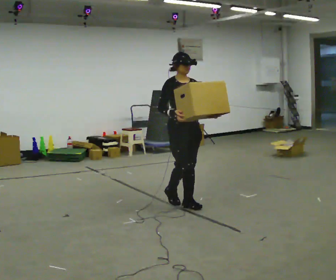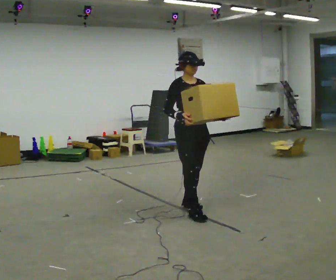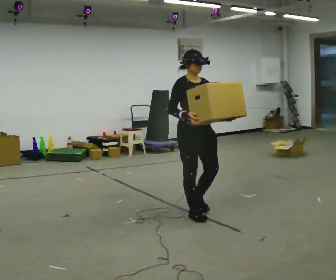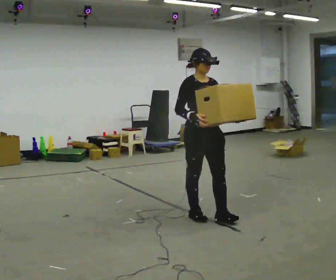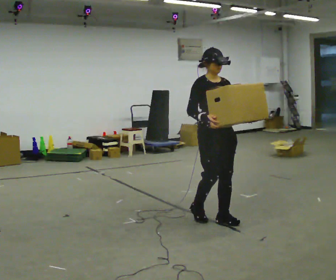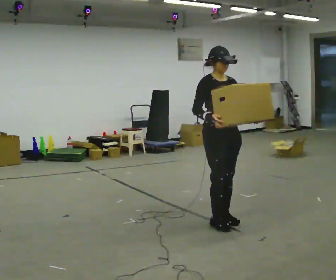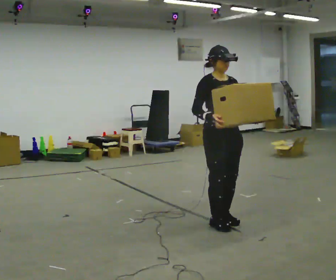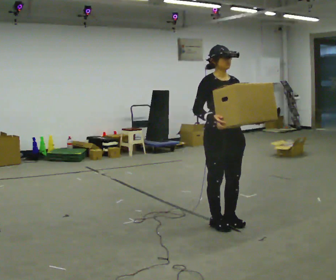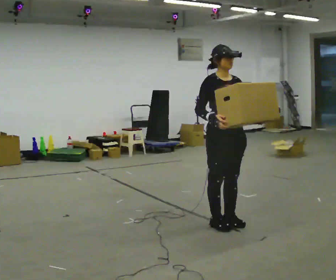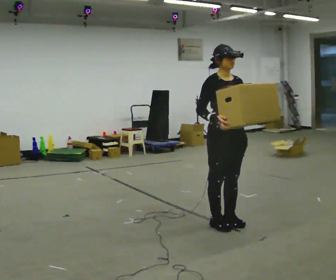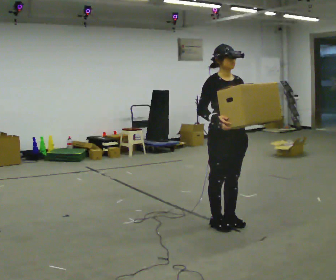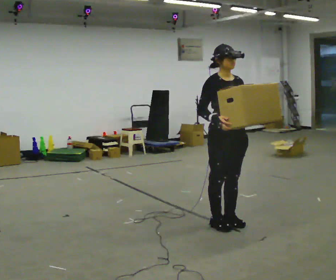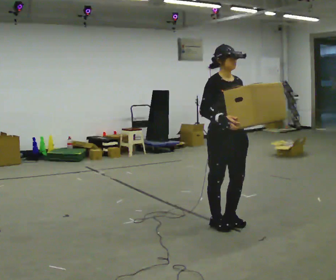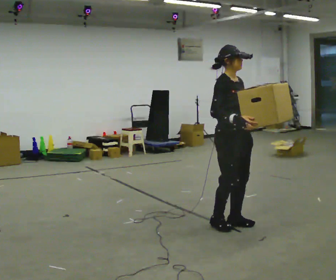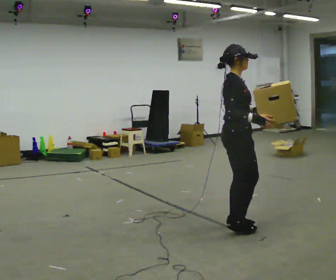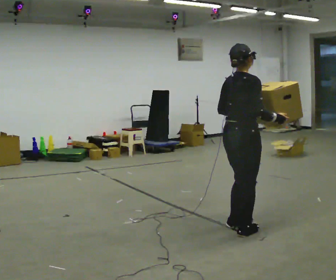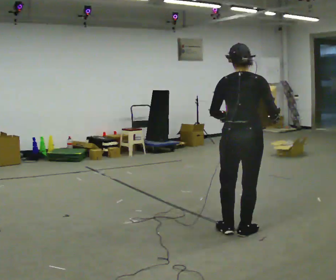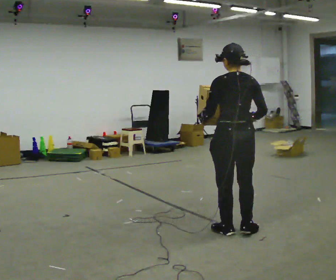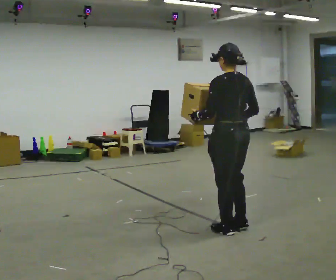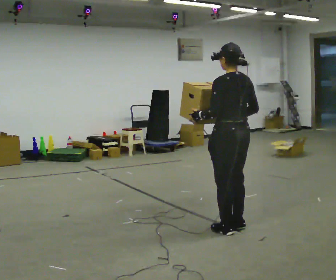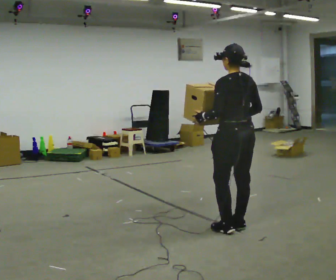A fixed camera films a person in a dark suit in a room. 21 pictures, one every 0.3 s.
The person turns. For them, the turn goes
to their left.
The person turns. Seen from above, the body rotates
counterclockwise.
0.0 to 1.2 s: In the picture they go toward the camera and to the right, about 0.5 m in 2 steps, which for them is forward.
1.2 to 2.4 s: In the picture they go toward the camera, about 0.25 m in 1 step, which for them is forward.
2.4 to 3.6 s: The person moves a little, or ends about where they began.
3.6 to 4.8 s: The person turns about 120 degrees to their left, counterclockwise seen from above, so the part of the body nearest the lens slides to the right. In the picture they go toward the camera and to the right, about 0.25 m in 2 steps. In the picture their right hand goes to the right.
4.8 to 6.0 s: The person turns about 45 degrees to their left, counterclockwise seen from above, so the part of the body nearest the lens slides to the right.
The film runs forward here.
